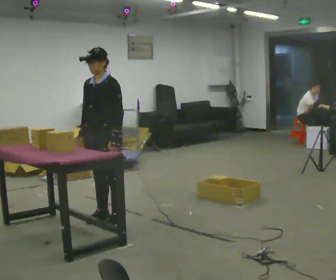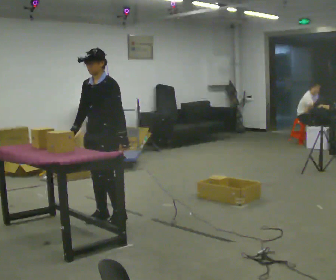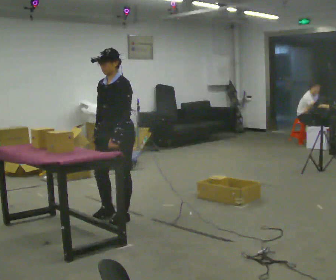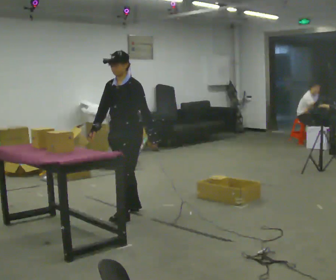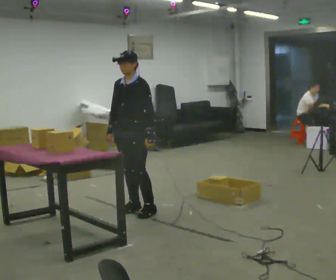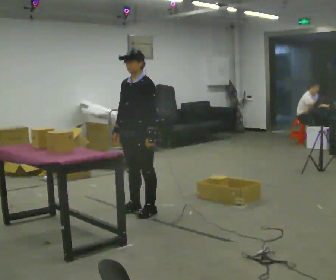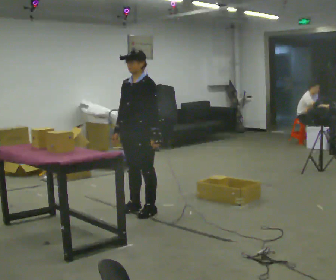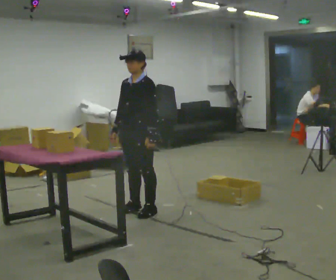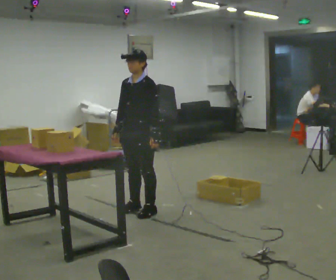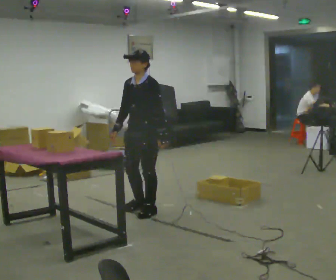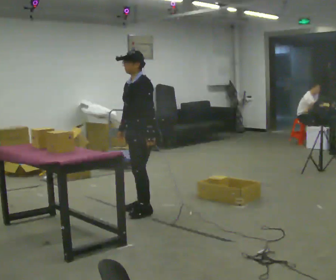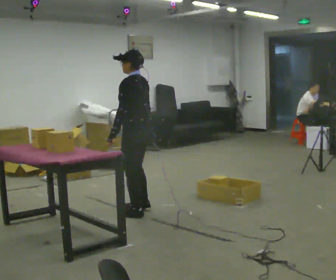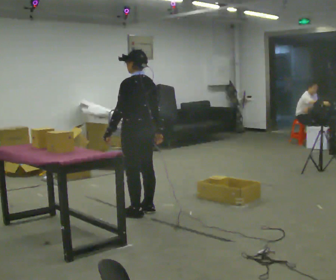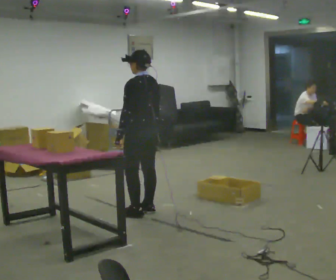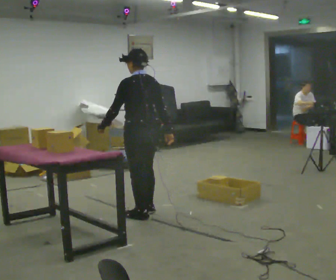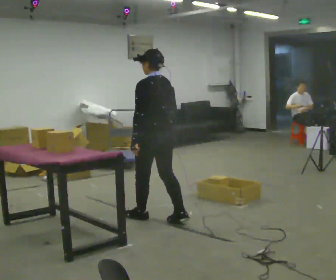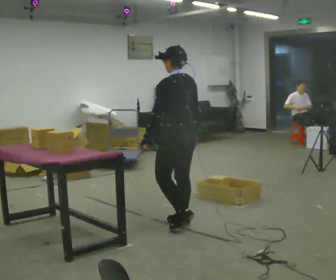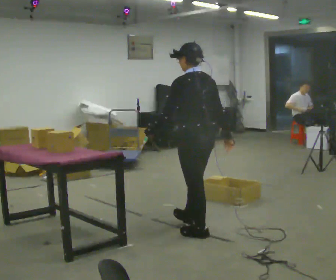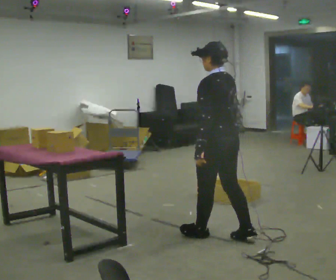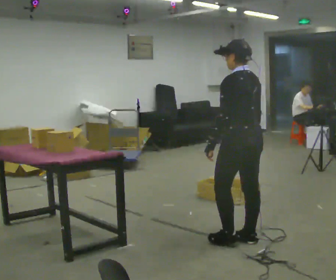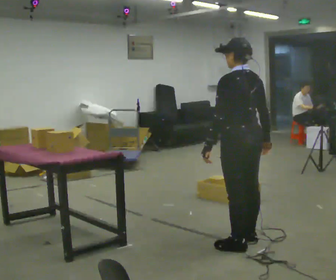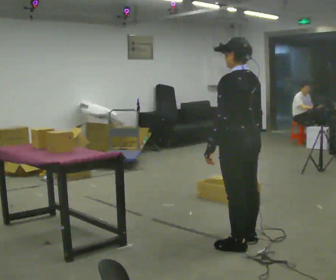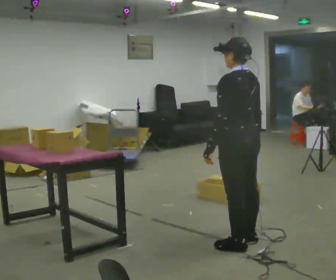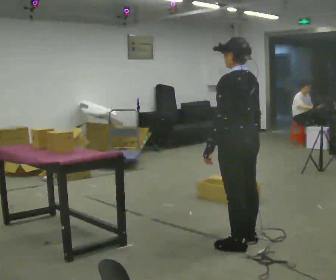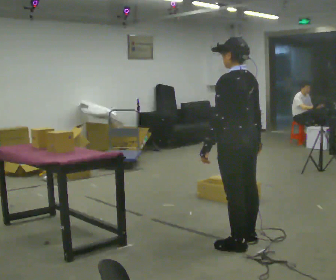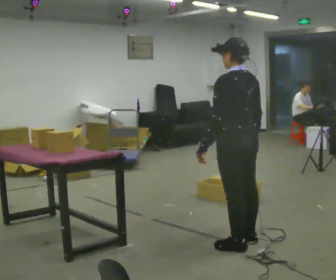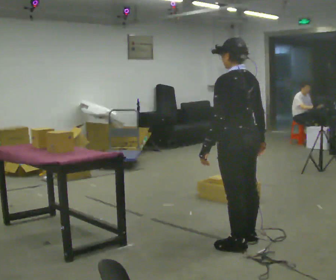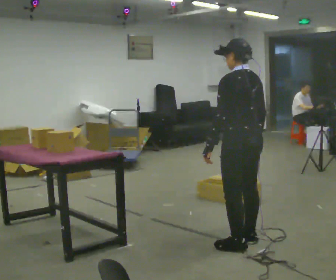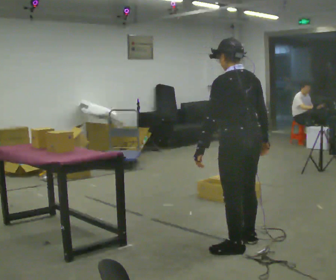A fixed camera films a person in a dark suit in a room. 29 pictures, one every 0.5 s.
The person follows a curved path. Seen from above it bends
clockwise.
0.0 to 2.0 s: In the picture they go to the right and away from the camera, about 0.5 m in 2 steps, which for them is backward.
2.0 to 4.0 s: The person moves a little, or ends about where they began.
4.0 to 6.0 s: Seen from above the body turns clockwise, about 90 degrees: to their right, with its near side sliding to the left. In the picture their left hand goes to the left.
6.0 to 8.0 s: In the picture they go toward the camera and to the right, about 0.5 m in 2 steps, which for them is backward.
8.0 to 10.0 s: In the picture they go toward the camera and to the right, about 0.5 m in 2 steps, which for them is backward.
10.0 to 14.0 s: The person moves a little, or ends about where they began.
The film runs backward here.
